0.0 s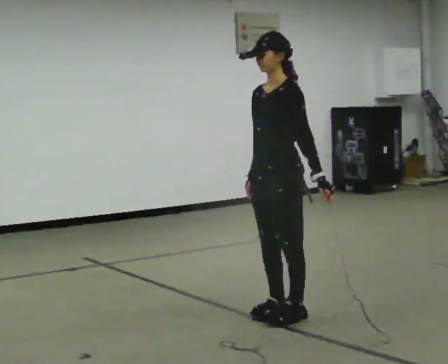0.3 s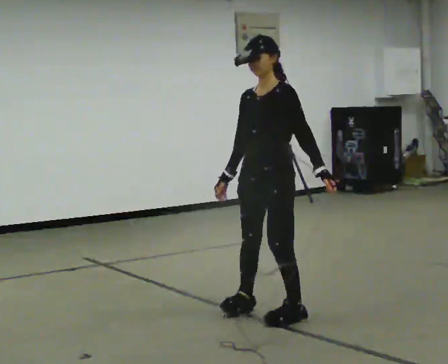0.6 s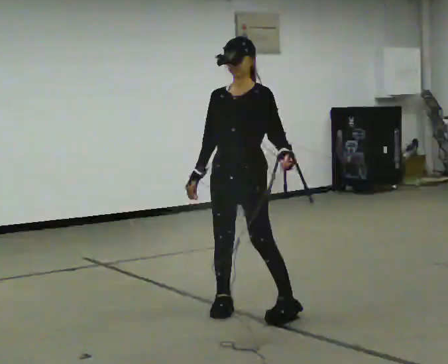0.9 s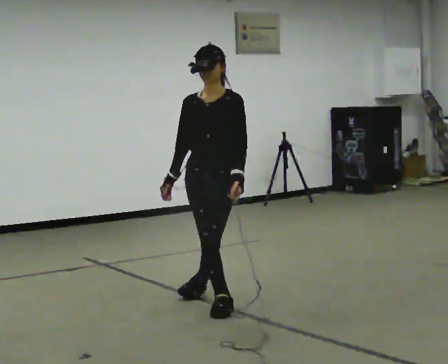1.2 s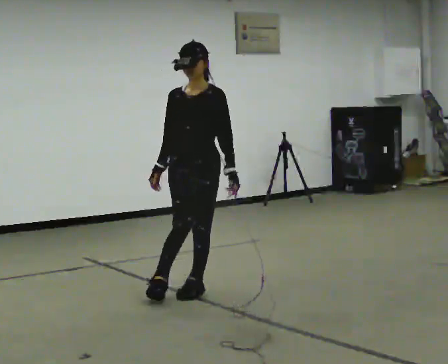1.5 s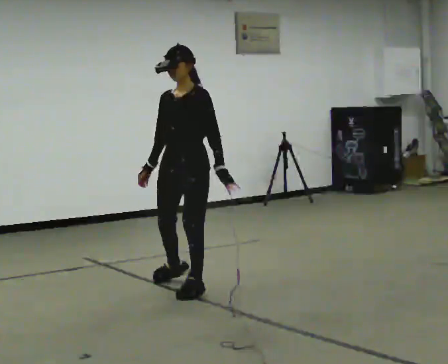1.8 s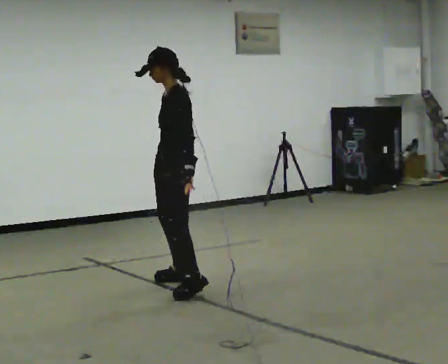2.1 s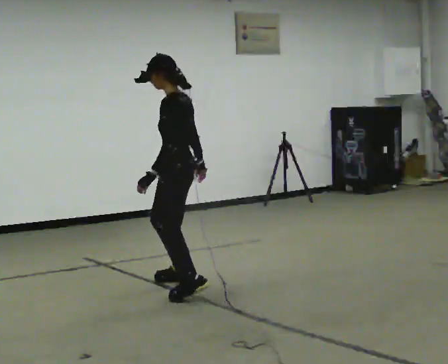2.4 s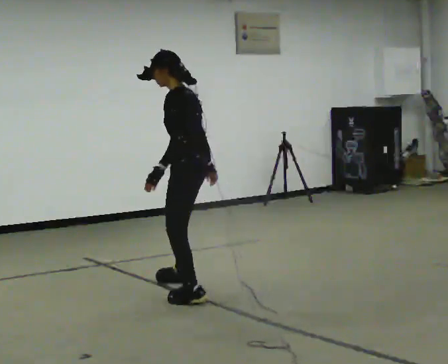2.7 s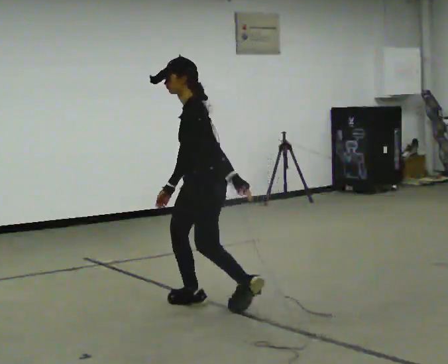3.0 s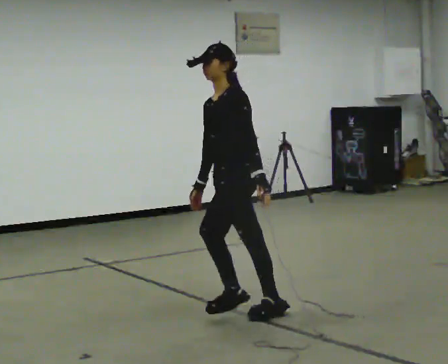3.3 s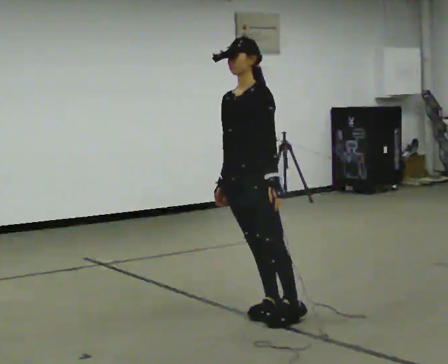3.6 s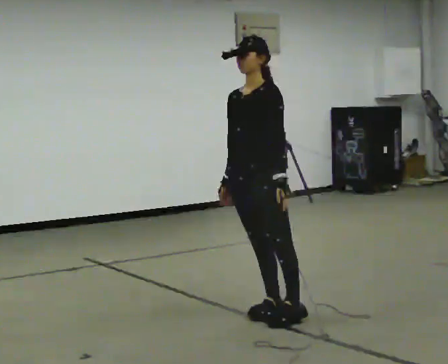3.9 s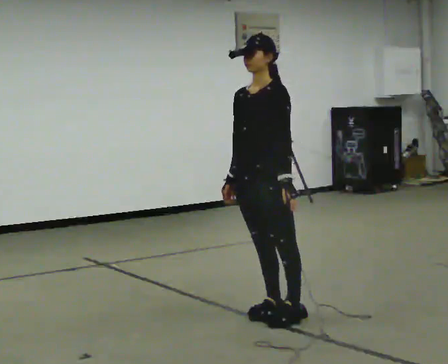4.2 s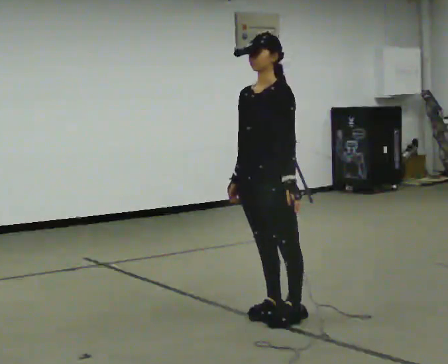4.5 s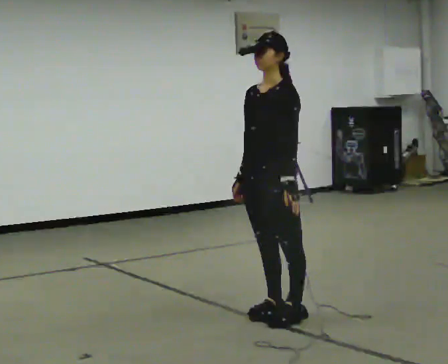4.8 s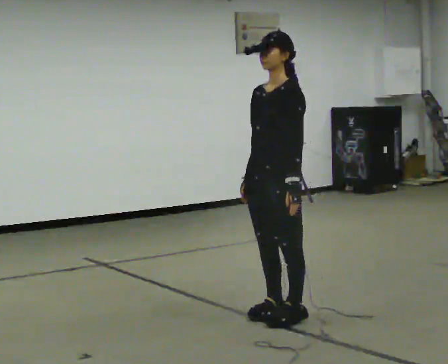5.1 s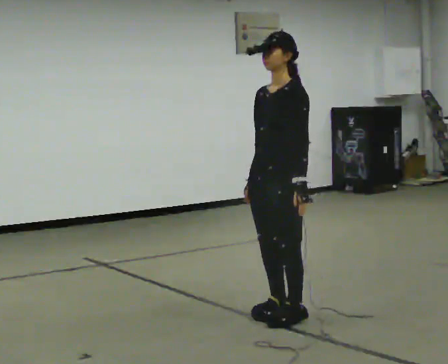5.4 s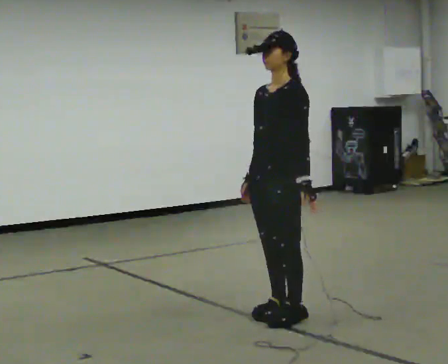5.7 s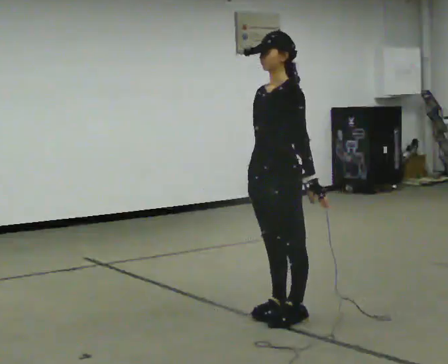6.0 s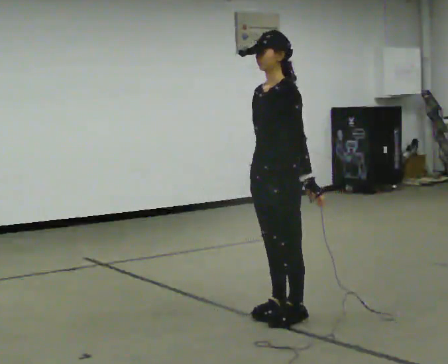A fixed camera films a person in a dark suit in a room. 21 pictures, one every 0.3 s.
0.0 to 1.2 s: The person turns about 45 degrees to their left, counterclockwise seen from above, so the part of the body nearest the lens slides to the right. In the picture they go away from the camera and to the left, about 0.5 m in 3 steps, which for them is to their right.
1.2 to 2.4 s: Seen from above the body turns clockwise, about 90 degrees: to their right, with its near side sliding to the left. In the picture they go away from the camera, about 0.25 m in 2 steps. In the picture their right hand goes to the right, the arm swinging counterclockwise.
2.4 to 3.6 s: The person turns about 60 degrees to their left, counterclockwise seen from above, so the part of the body nearest the lens slides to the right. In the picture they go toward the camera and to the right, about 0.5 m in 1 step.
3.6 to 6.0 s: The person moves a little, or ends about where they began.
The film runs backward here.
